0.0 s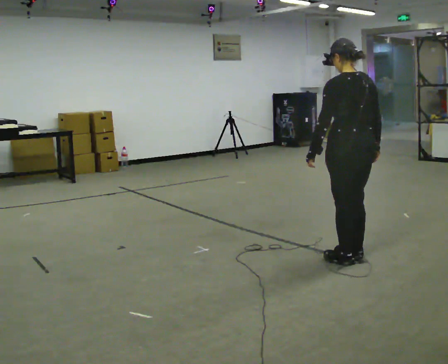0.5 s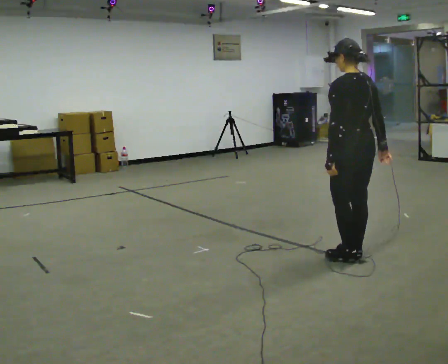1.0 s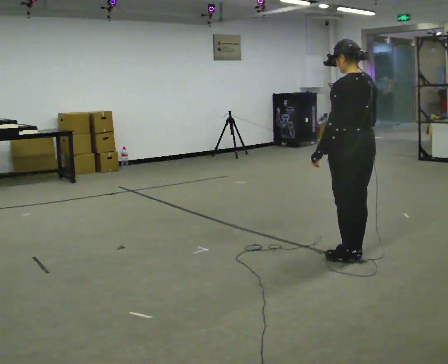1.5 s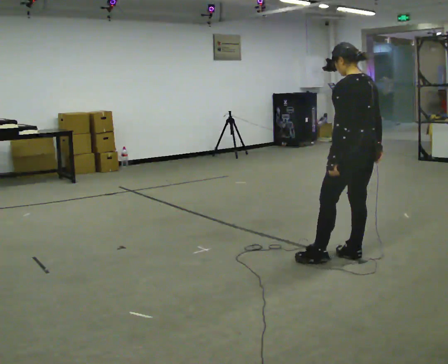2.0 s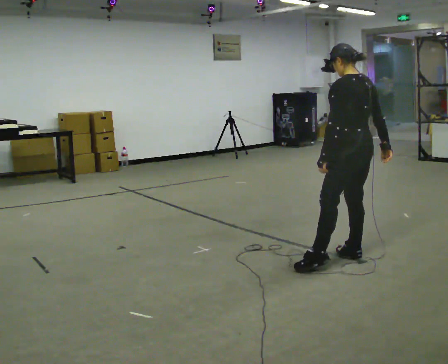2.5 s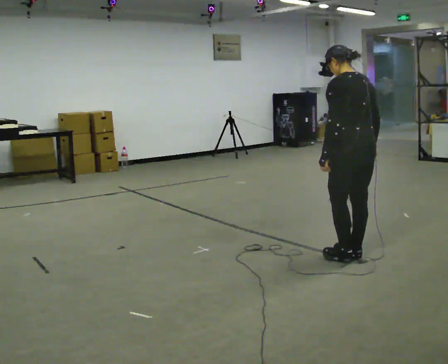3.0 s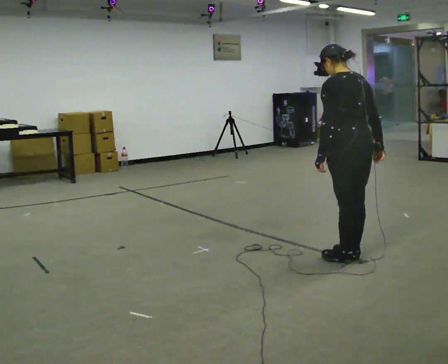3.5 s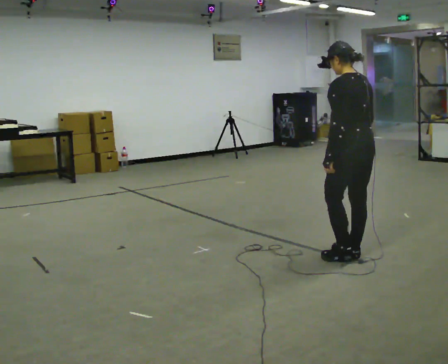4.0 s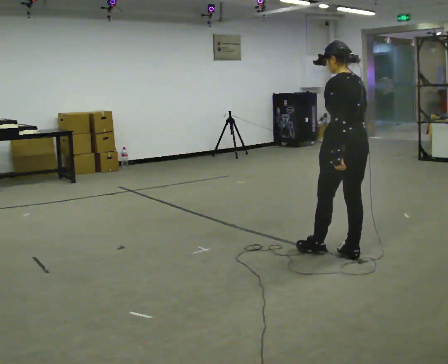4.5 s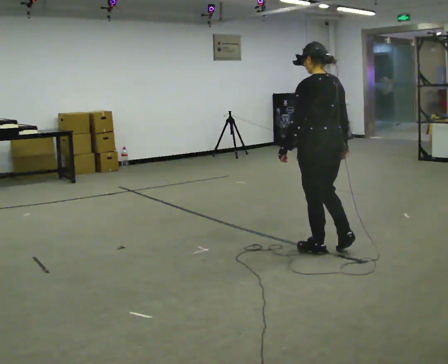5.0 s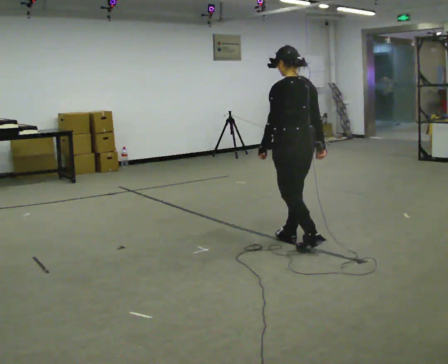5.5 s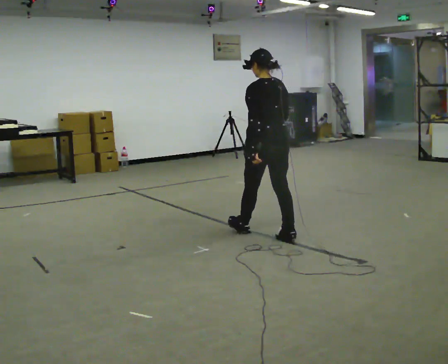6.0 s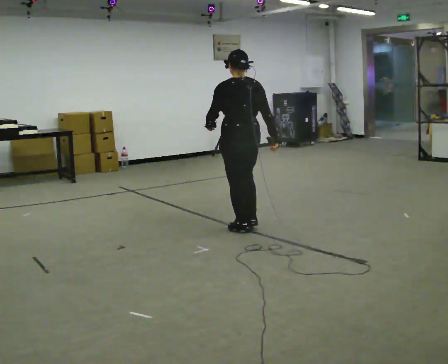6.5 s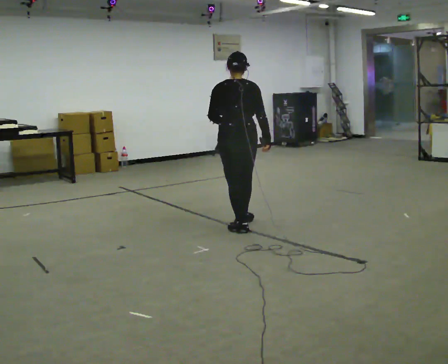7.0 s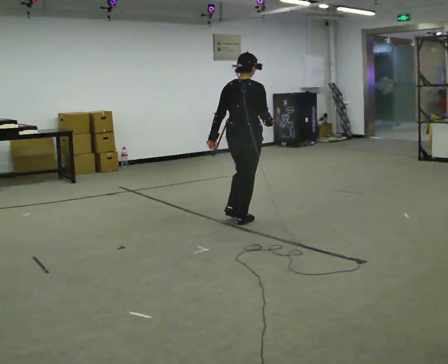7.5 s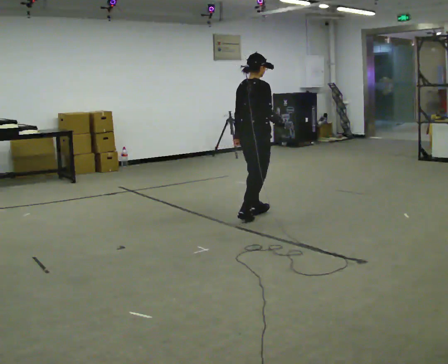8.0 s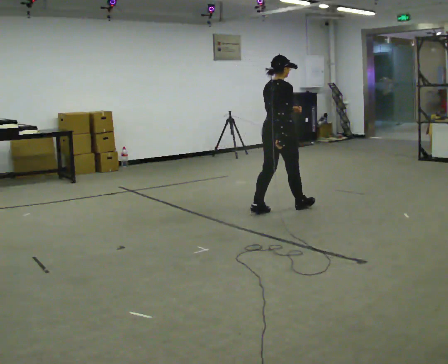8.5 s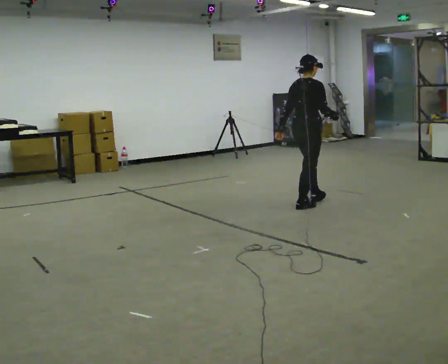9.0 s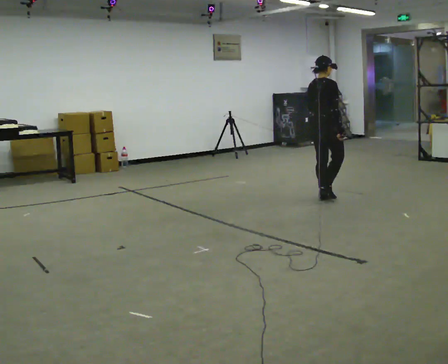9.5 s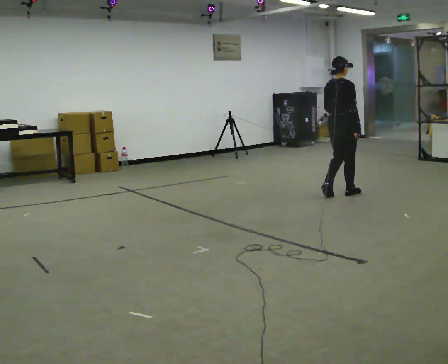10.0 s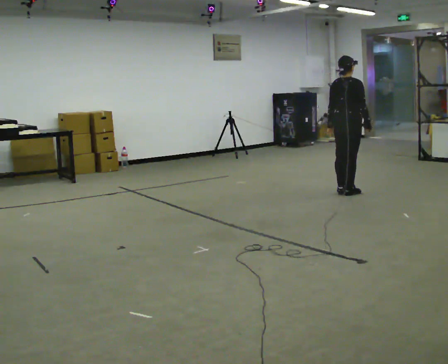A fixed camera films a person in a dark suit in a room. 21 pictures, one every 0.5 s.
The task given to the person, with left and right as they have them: Walk normally; turn left/right while slowing; after turn accelerate back to normal.
0.0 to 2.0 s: The person moves a little, or ends about where they began.
2.0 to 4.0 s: In the picture their right hand goes to the left.
4.0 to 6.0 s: In the picture they go to the left and away from the camera, about 1 m in 2 steps, which for them is forward.
6.0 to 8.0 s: Seen from above the body turns clockwise, about 75 degrees: to their right, with its near side sliding to the left. In the picture they go away from the camera and to the right, about 1 m in 3 steps.
8.0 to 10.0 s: In the picture they go to the right and away from the camera, about 1 m in 3 steps, which for them is forward.
The film runs forward here.
